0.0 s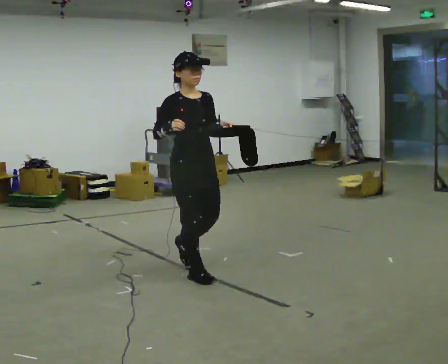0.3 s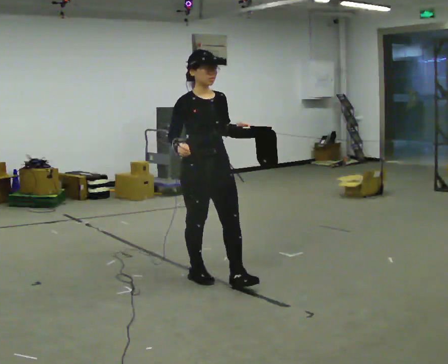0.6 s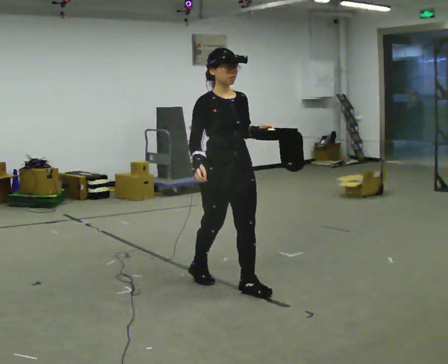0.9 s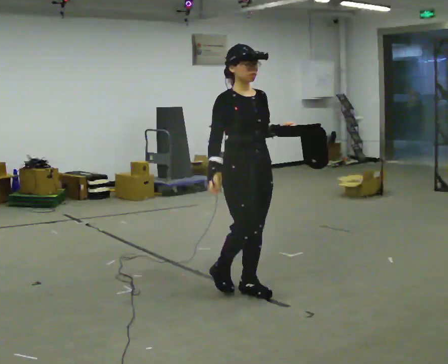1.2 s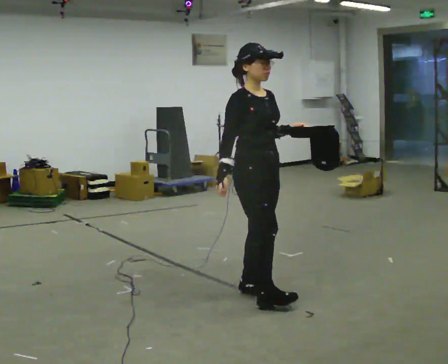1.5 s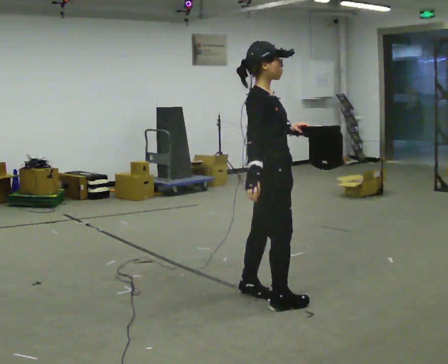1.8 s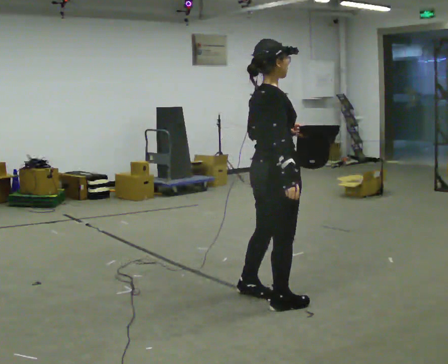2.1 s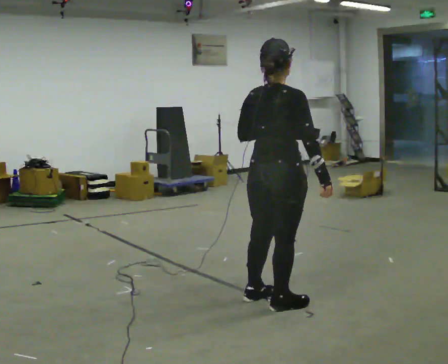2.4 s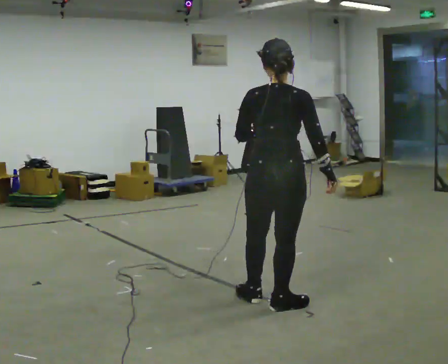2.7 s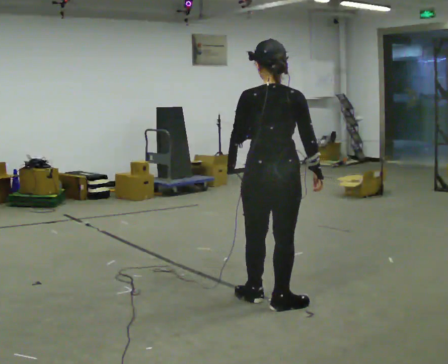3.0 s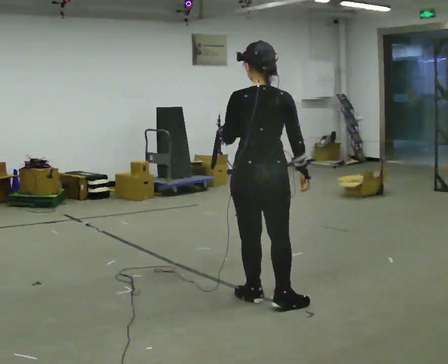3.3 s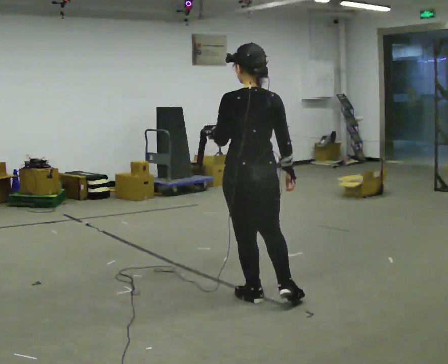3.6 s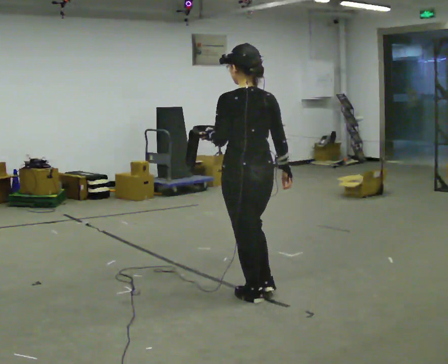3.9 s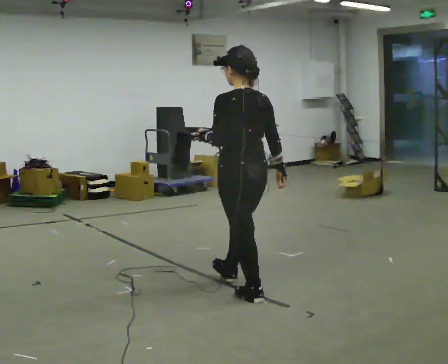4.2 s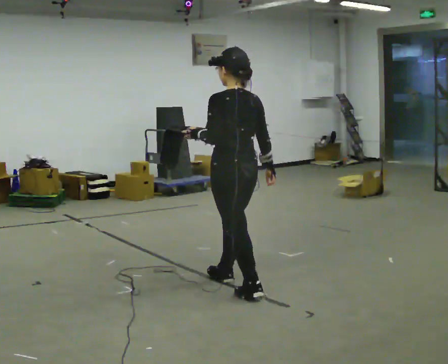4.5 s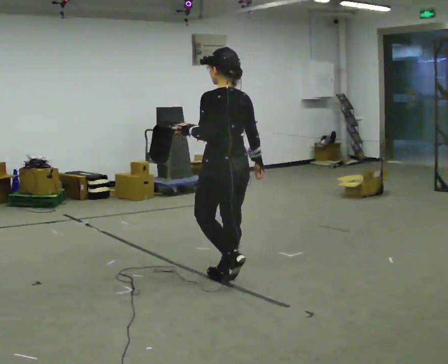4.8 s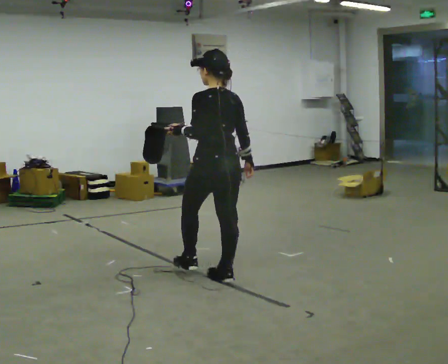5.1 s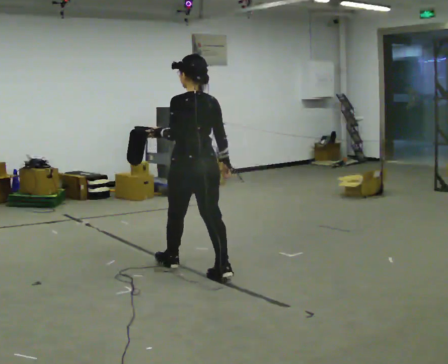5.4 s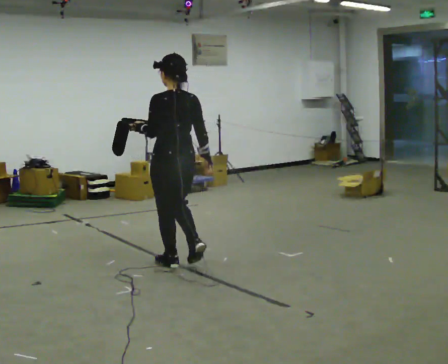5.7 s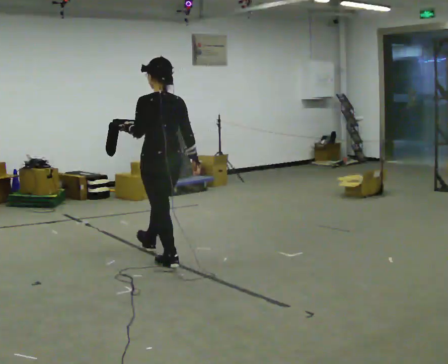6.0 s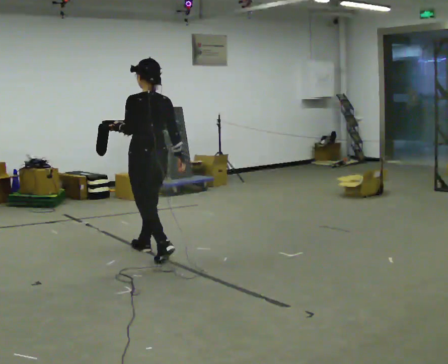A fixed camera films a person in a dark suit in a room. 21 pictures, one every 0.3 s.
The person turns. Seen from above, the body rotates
counterclockwise.
The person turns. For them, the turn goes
to their left.
0.0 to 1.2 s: In the picture they go to the right and toward the camera, about 0.75 m in 1 step, which for them is forward.
1.2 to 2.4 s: The person turns about 120 degrees to their left, counterclockwise seen from above, so the part of the body nearest the lens slides to the right. In the picture they go toward the camera and to the right, about 0.25 m in 2 steps.
2.4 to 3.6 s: The person turns about 45 degrees to their left, counterclockwise seen from above, so the part of the body nearest the lens slides to the right. In the picture they go to the left, about 0.25 m, which for them is forward and to their left.
3.6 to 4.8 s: In the picture they go away from the camera and to the left, about 0.5 m in 1 step, which for them is forward.
4.8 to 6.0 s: In the picture they go to the left and away from the camera, about 1 m in 2 steps, which for them is forward.
The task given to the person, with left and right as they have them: Carry the open container and, while walking, reach in with one hand and take an item out, then put it back. Repeat as you walk. Do not stop.
The film runs forward here.
